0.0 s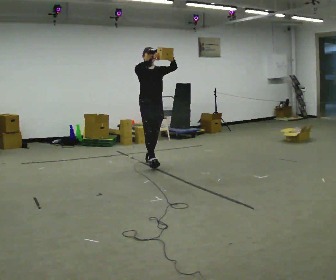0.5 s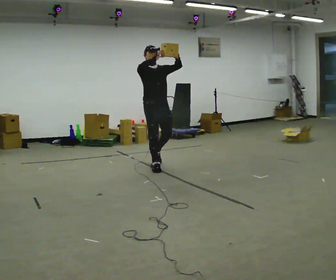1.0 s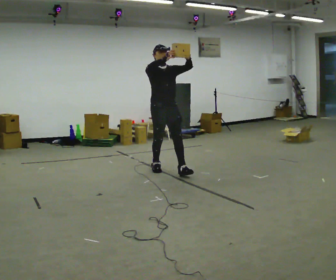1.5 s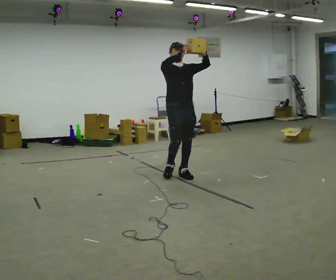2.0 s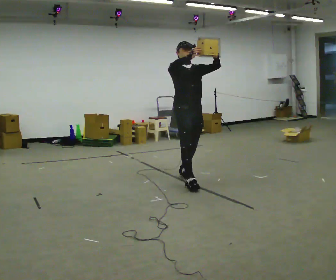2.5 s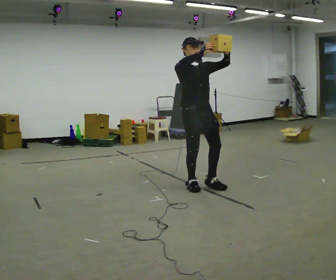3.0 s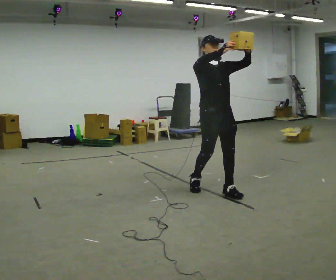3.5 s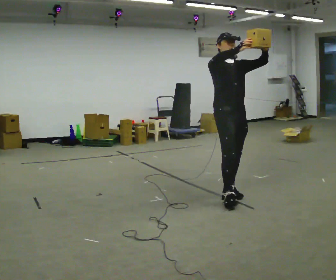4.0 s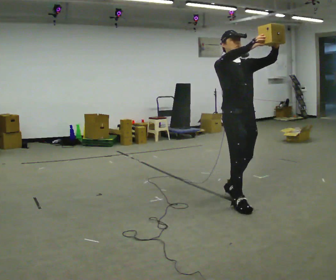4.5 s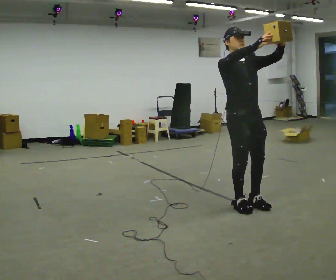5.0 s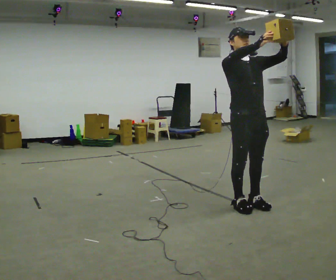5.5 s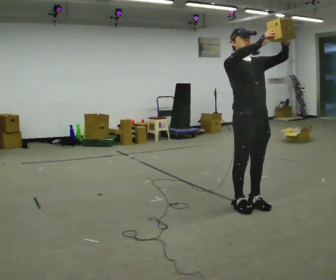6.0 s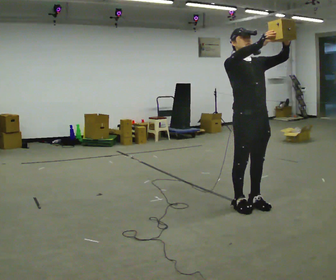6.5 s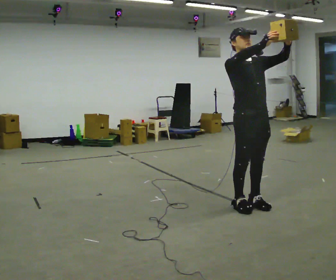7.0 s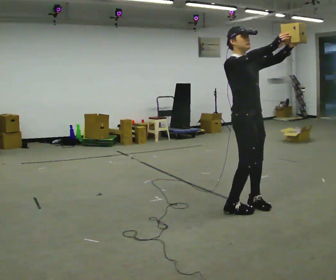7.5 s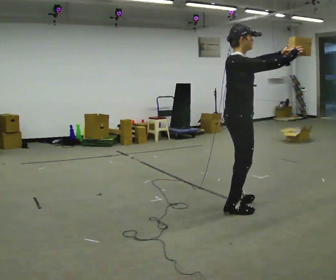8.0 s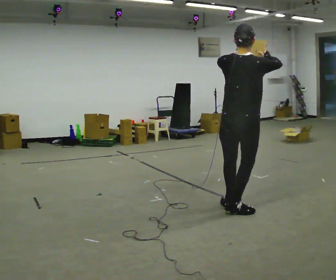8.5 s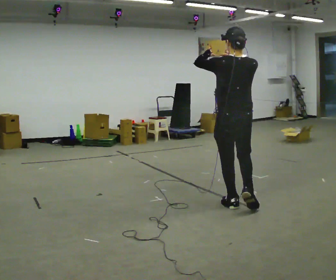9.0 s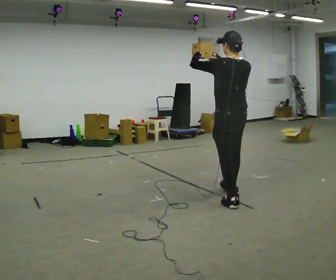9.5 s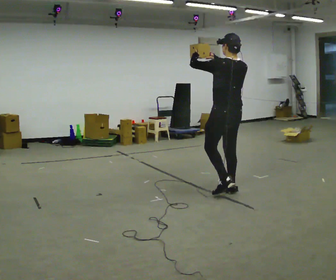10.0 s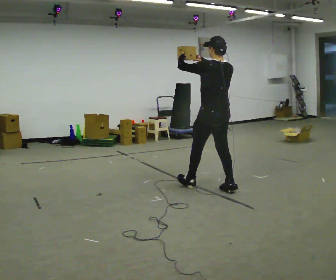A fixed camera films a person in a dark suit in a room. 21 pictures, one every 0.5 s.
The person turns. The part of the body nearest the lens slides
to the right.
The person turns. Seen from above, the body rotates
counterclockwise.
0.0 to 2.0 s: In the picture they go toward the camera and to the right, about 1 m in 2 steps, which for them is forward.
2.0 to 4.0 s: In the picture they go toward the camera and to the right, about 1 m in 2 steps, which for them is forward.
4.0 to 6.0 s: The person moves a little, or ends about where they began.
6.0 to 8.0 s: The part of the body nearest the lens slides to the right as the person turns to their left by about 135 degrees.
8.0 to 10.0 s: Seen from above the body turns counterclockwise, about 45 degrees: to their left, with its near side sliding to the right. In the picture they go away from the camera and to the left, about 1 m in 2 steps, which for them is forward.
The film runs forward here.
